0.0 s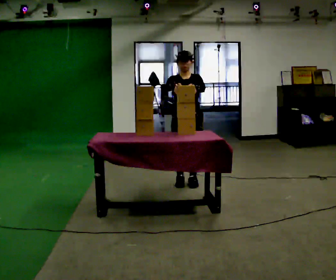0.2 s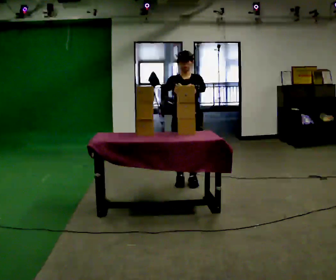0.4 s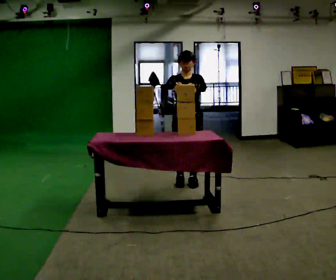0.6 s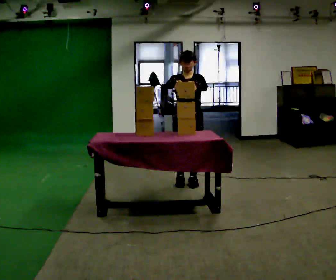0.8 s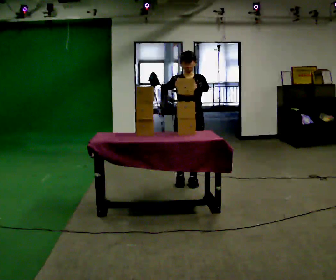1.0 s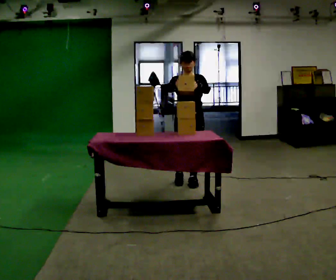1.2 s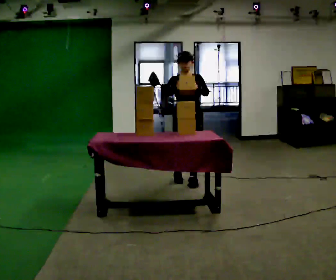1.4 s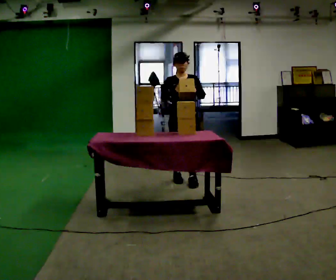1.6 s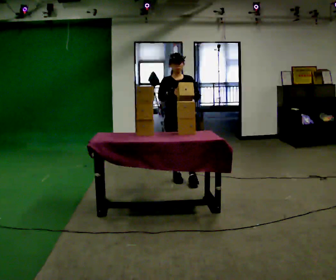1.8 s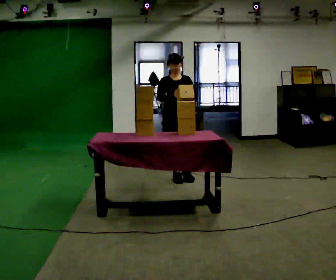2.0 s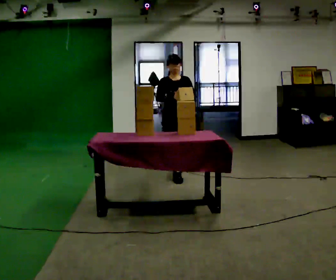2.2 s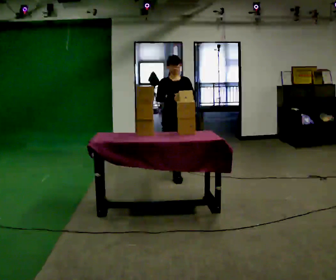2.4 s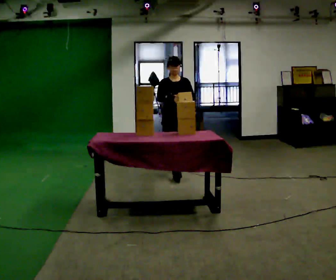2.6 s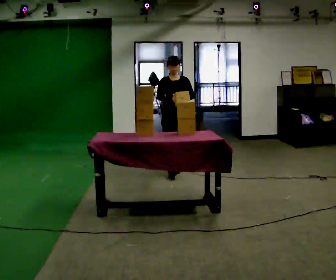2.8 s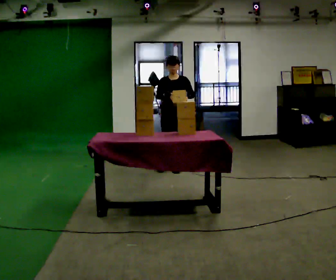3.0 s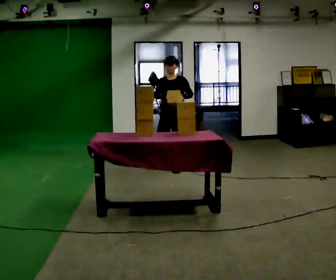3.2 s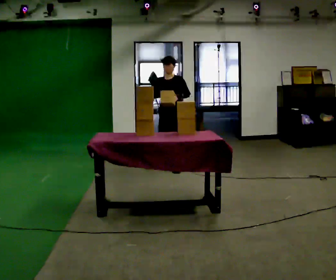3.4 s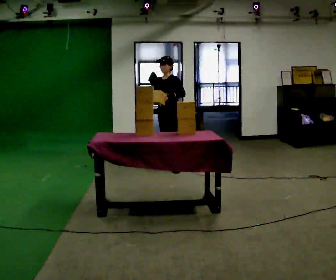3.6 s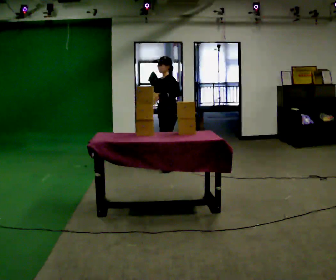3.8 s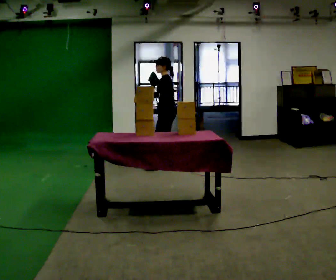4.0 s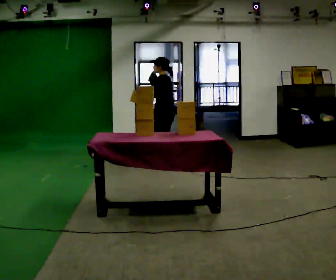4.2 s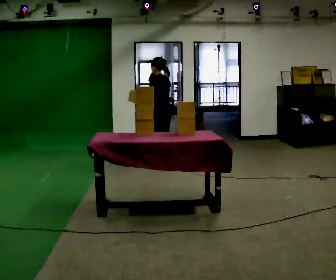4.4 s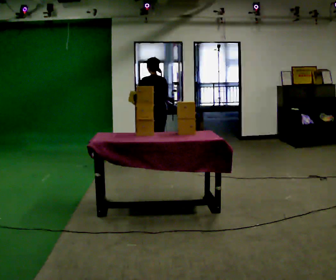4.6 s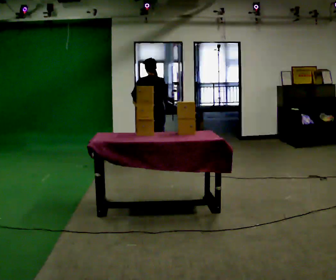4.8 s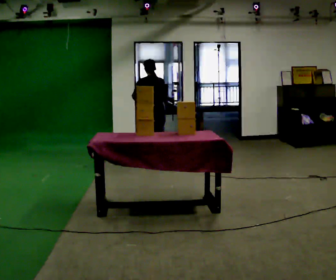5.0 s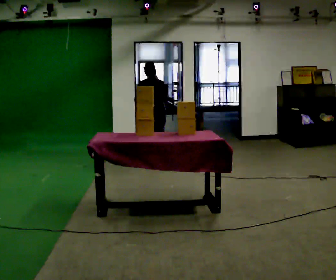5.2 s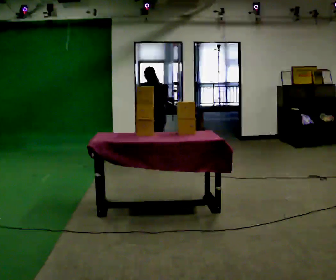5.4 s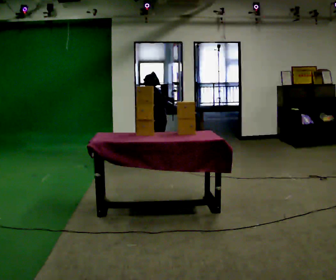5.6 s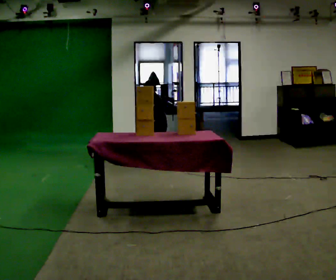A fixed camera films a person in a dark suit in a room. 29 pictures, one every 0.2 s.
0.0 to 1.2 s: The person moves a little, or ends about where they began.
1.2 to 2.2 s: In the picture they go away from the camera, about 0.25 m in 1 step, which for them is backward.
2.2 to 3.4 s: Seen from above the body turns clockwise, about 60 degrees: to their right, with its near side sliding to the left. In the picture they go away from the camera, about 0.5 m in 1 step, which for them is backward.
3.4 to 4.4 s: The person turns about 105 degrees to their right, clockwise seen from above, so the part of the body nearest the lens slides to the left. In the picture they go to the left, about 0.25 m in 1 step. In the picture their left hand goes to the left.
4.4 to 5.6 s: The shoulders move downward. The upper body tips away from the camera, its near side rolling upward, as they bend forward. In the picture their left hand goes downward.
The film runs backward here.
